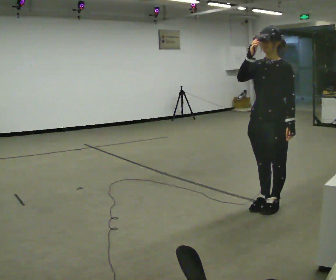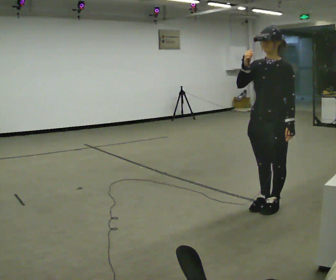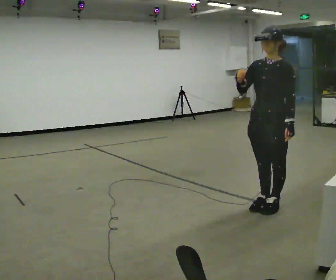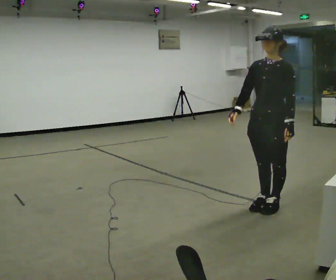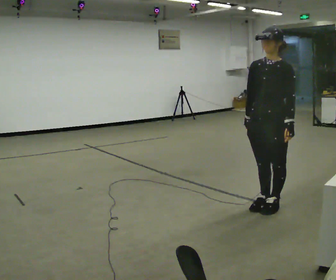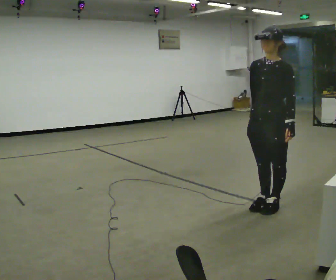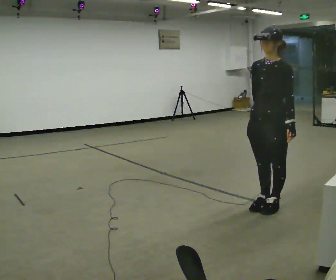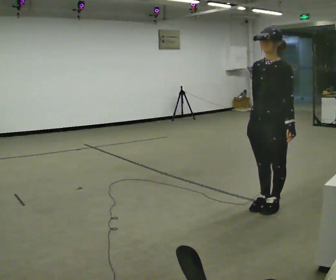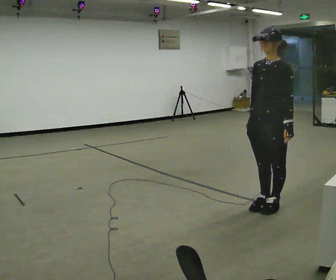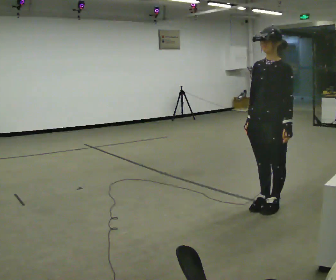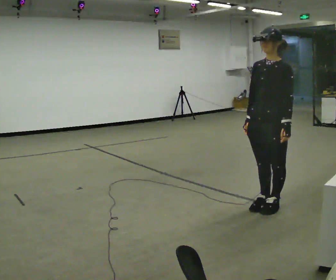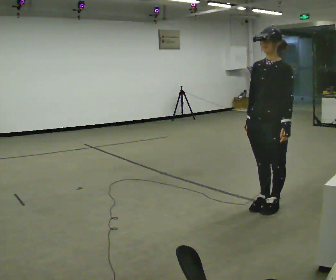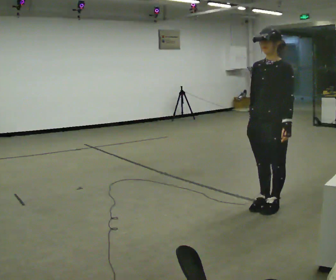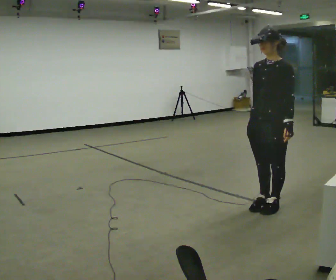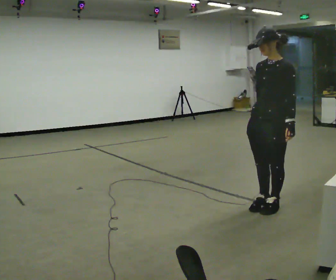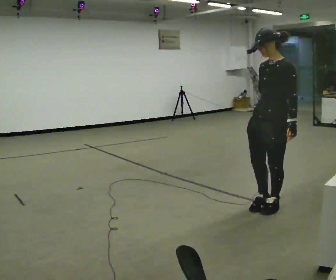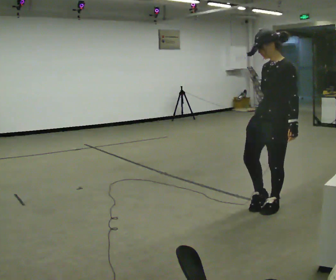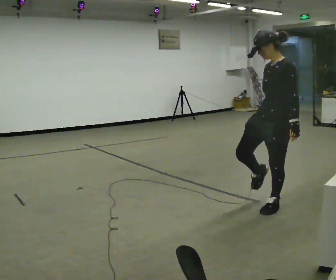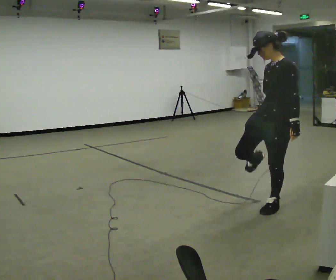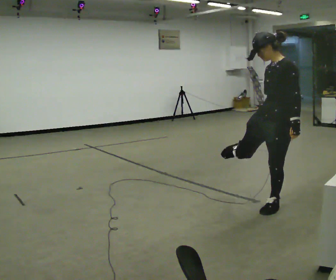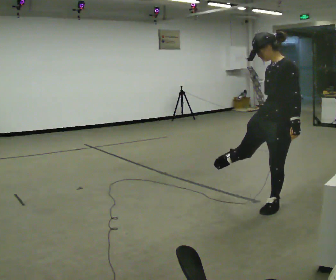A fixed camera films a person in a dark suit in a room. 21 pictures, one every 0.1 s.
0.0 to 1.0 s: In the picture their right hand goes downward.
1.0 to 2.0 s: The person moves a little, or ends about where they began.
The film runs forward here.
